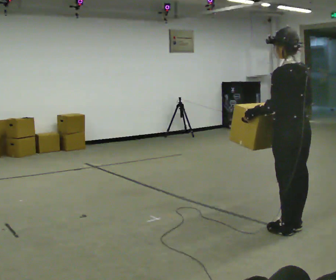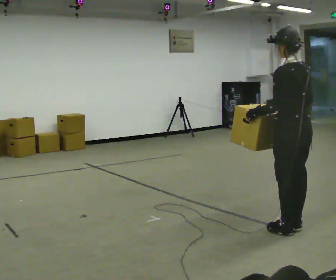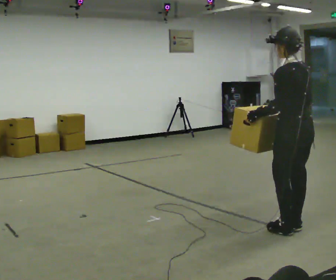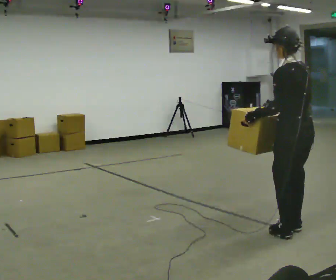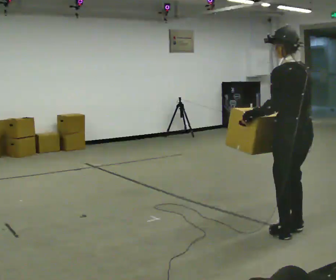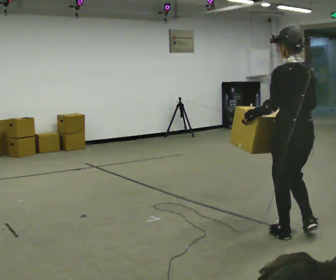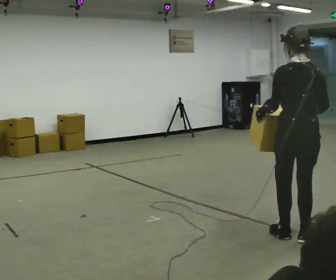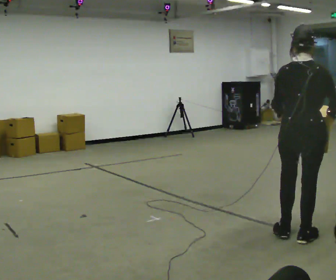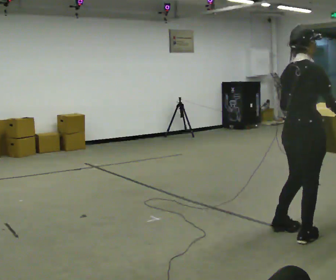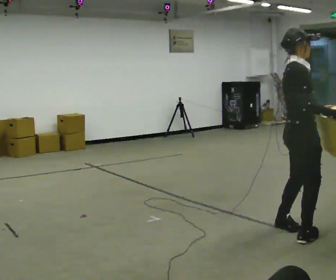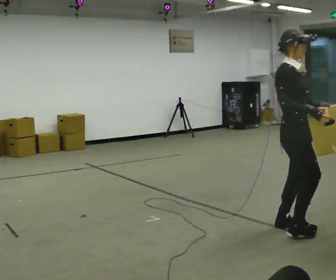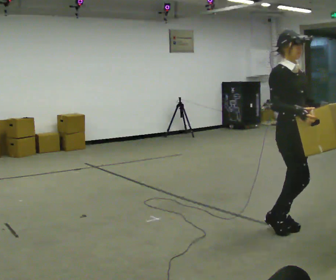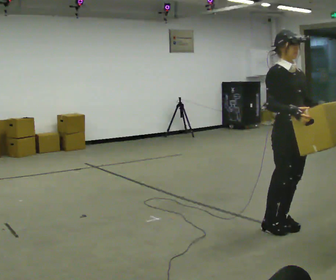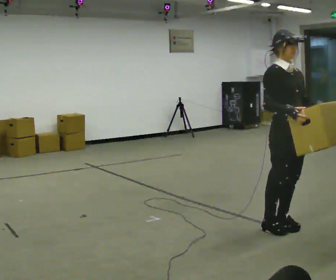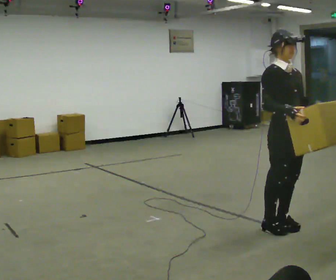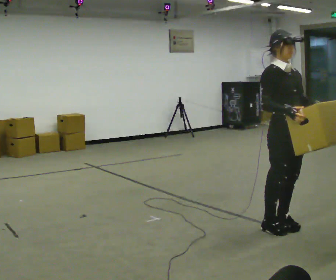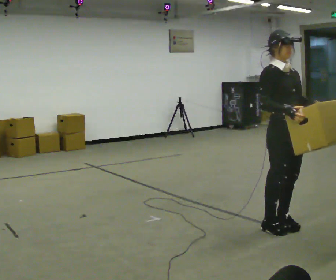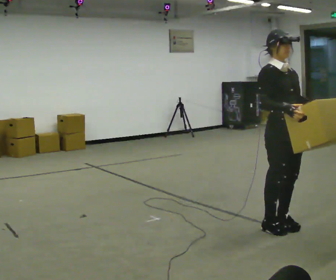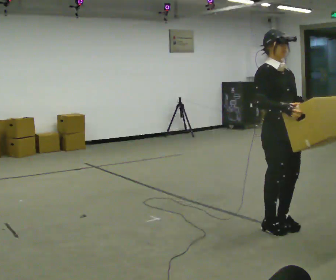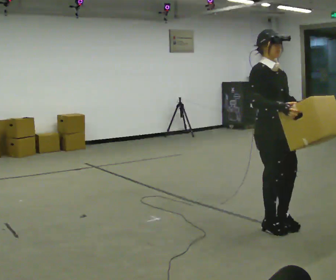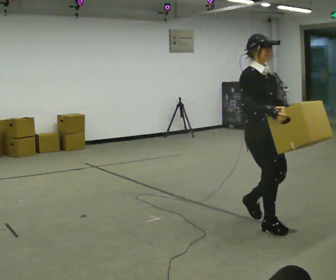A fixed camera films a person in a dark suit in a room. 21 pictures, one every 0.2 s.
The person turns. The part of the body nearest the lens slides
to the left.
The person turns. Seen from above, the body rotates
clockwise.
0.0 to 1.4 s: Seen from above the body turns clockwise, about 60 degrees: to their right, with its near side sliding to the left. In the picture they go toward the camera, about 0.25 m in 2 steps. In the picture their right hand goes to the right.
1.4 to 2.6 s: The person turns about 120 degrees to their right, clockwise seen from above, so the part of the body nearest the lens slides to the left. In the picture they go away from the camera, about 0.25 m in 1 step. In the picture their left hand goes to the right.
2.6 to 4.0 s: In the picture they go to the left, about 0.25 m in 1 step, which for them is backward.
The film runs backward here.
